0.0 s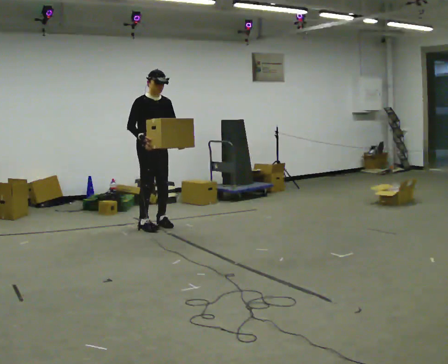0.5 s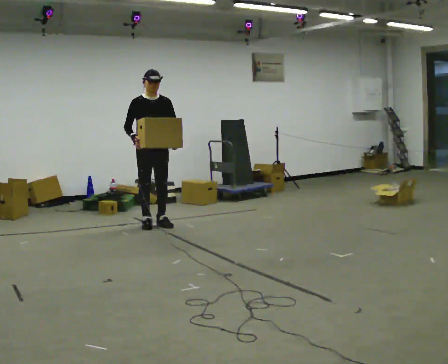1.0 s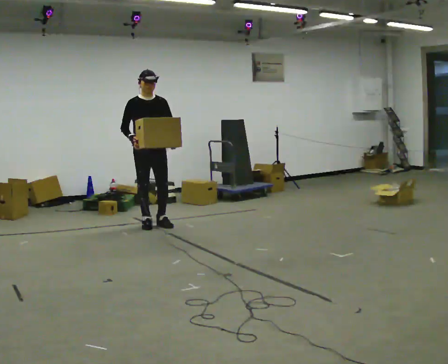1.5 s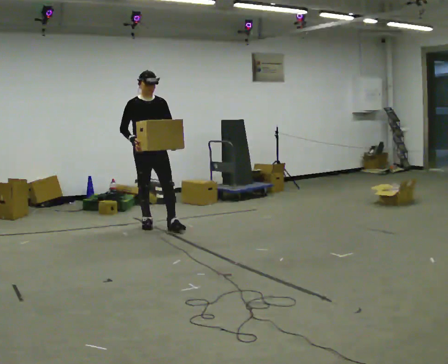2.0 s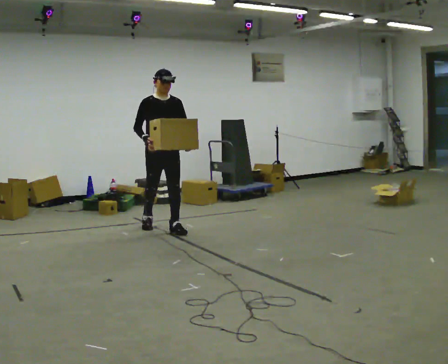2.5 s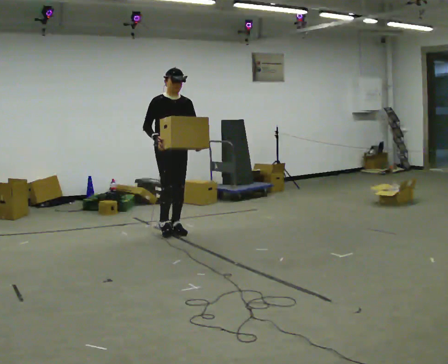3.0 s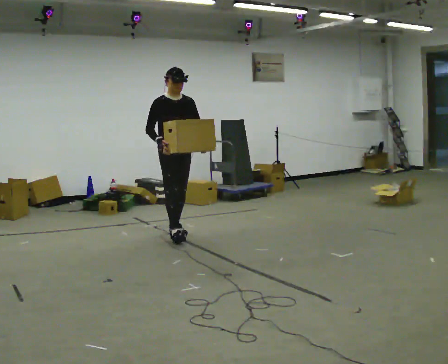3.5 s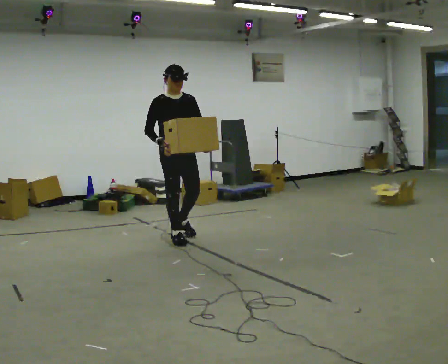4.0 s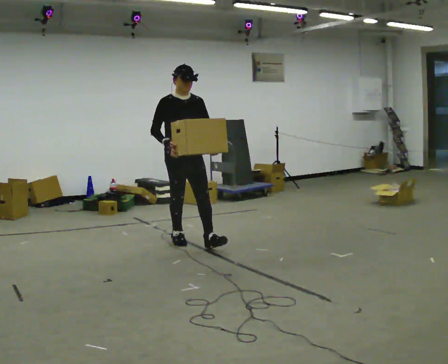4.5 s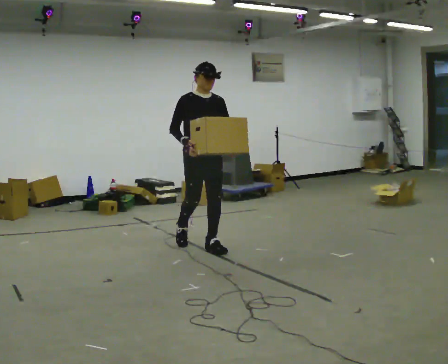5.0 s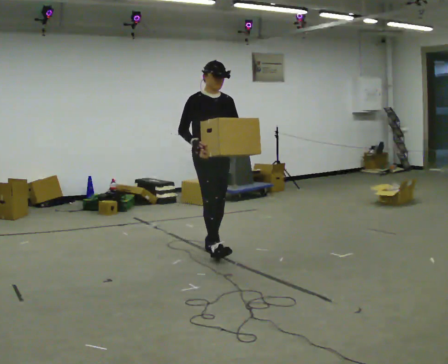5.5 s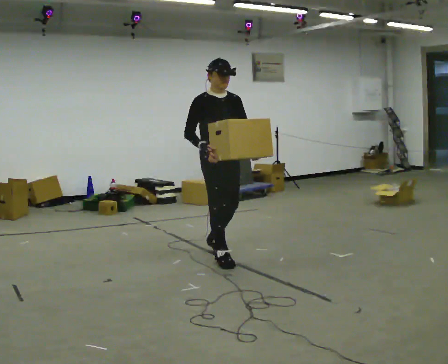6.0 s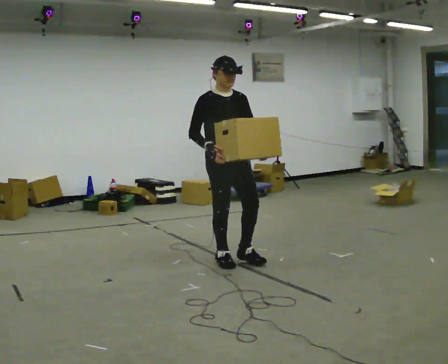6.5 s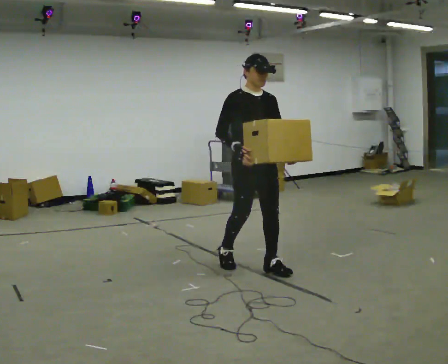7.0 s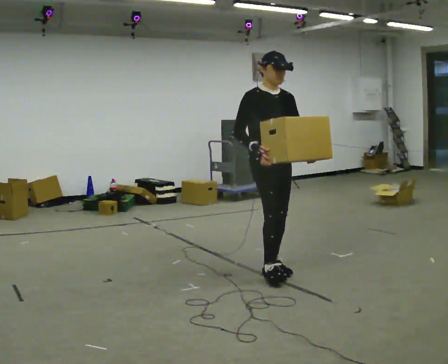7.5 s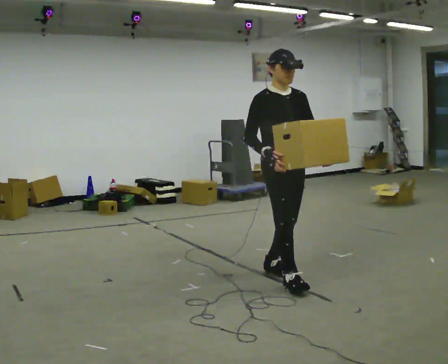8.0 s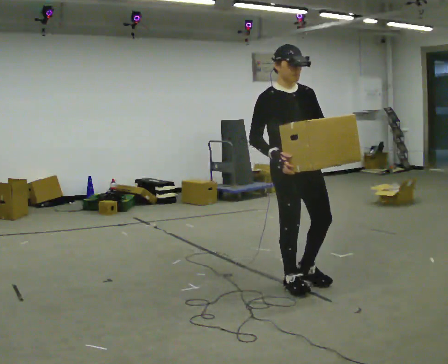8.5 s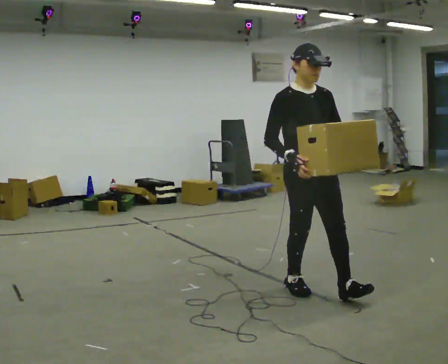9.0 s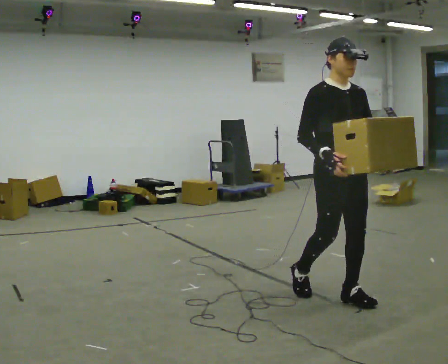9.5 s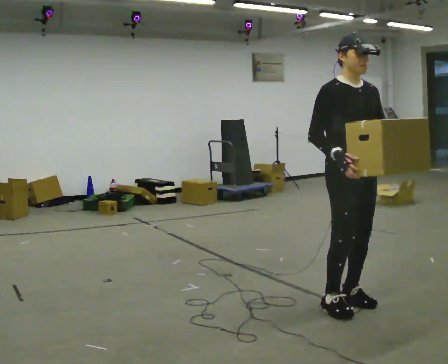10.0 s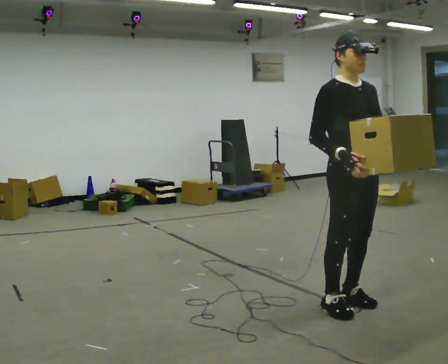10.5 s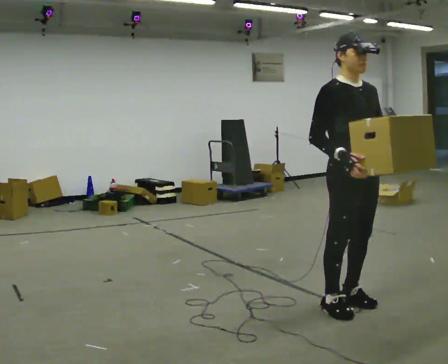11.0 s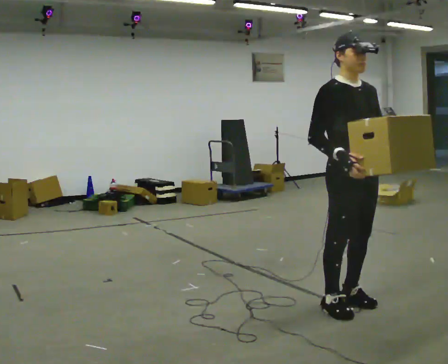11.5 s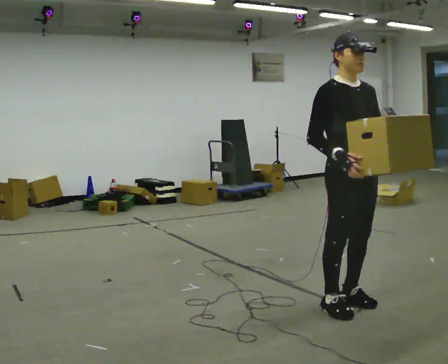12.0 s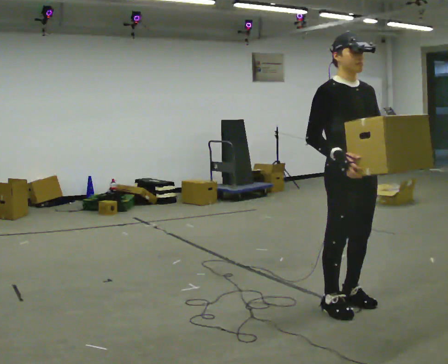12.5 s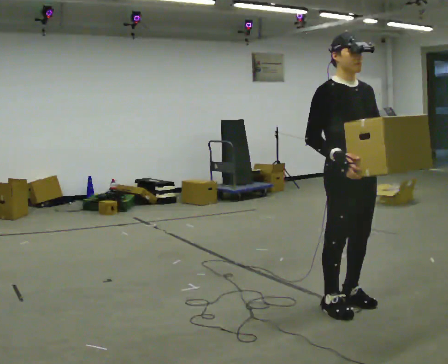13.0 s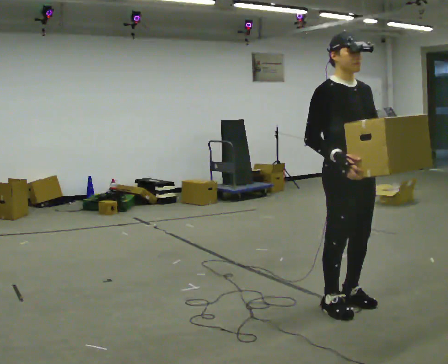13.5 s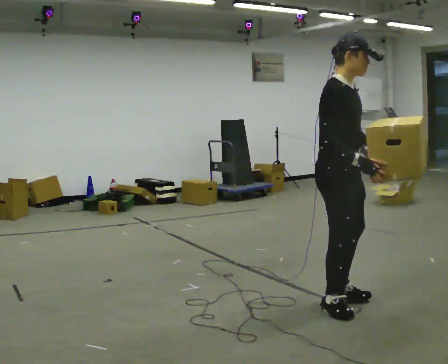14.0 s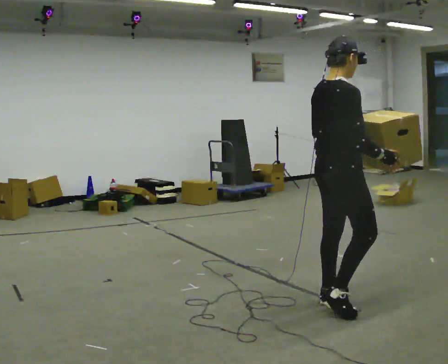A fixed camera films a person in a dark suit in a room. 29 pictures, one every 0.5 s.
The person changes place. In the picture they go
toward the camera.
0.0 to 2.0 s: In the picture they go toward the camera, about 0.25 m in 2 steps, which for them is forward.
2.0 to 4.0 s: In the picture they go toward the camera and to the right, about 0.75 m in 1 step, which for them is forward.
4.0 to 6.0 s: In the picture they go toward the camera and to the right, about 1 m in 2 steps, which for them is forward.
6.0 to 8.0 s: In the picture they go toward the camera and to the right, about 1 m in 2 steps, which for them is forward.
8.0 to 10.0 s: In the picture they go toward the camera and to the right, about 0.5 m in 2 steps, which for them is forward.
10.0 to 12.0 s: The person keeps their place and pose.
12.0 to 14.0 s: The part of the body nearest the lens slides to the right as the person turns to their left by about 75 degrees.
The film runs forward here.
